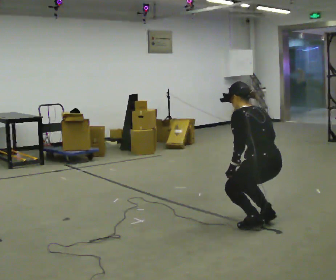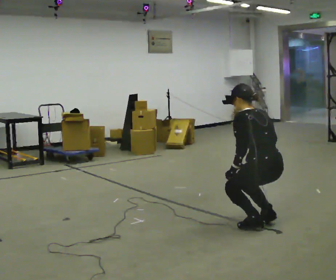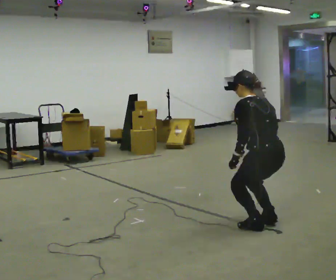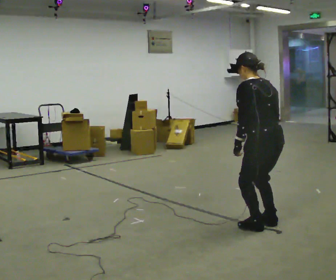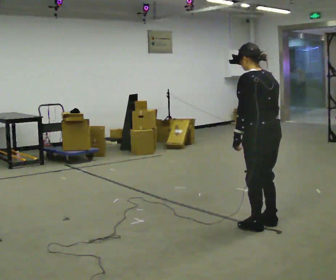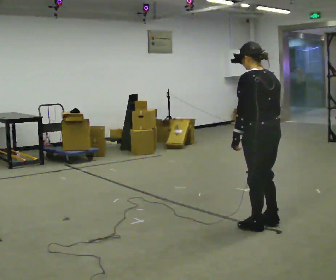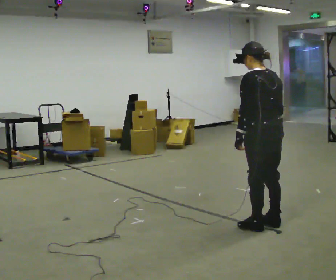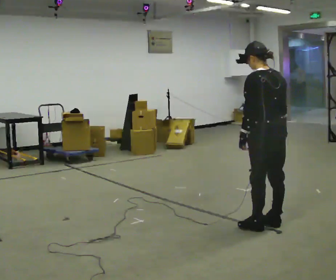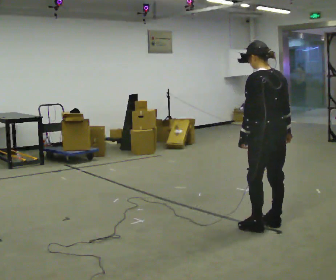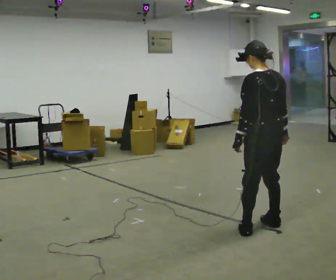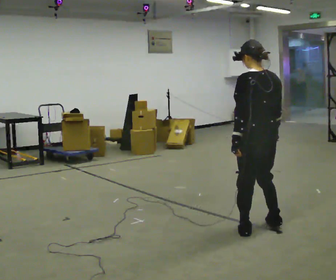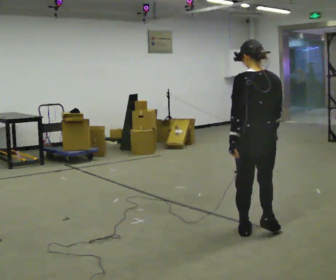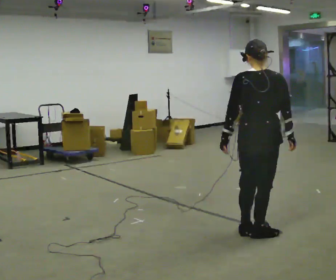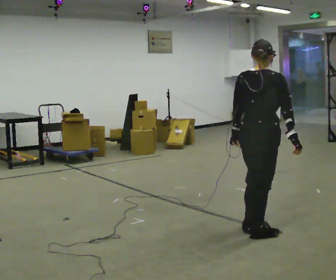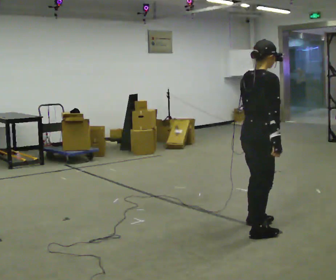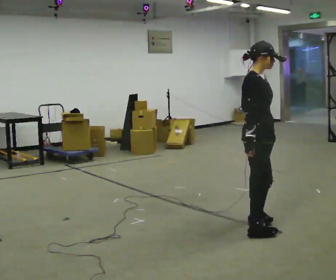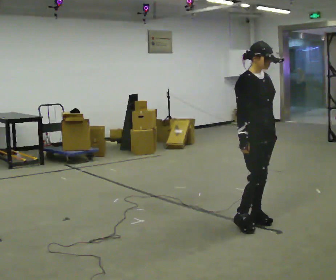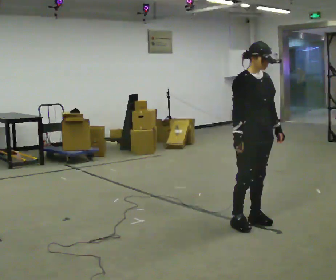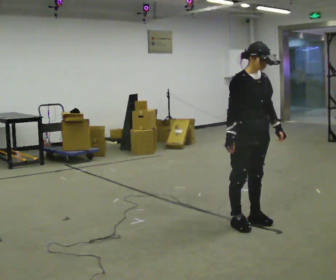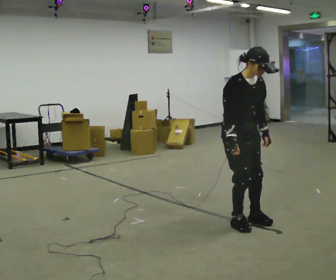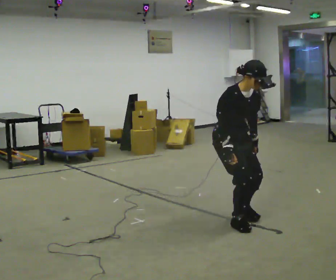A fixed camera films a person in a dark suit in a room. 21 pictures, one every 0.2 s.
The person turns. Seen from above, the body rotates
clockwise.
The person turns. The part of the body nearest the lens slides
to the left.
0.0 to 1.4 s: The shoulders move upward. In the picture the upper body tilts clockwise, shoulders to the right, as they lean back or straighten.
1.4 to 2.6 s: The part of the body nearest the lens slides to the left as the person turns to their right by about 60 degrees. In the picture they go toward the camera, about 0.25 m in 1 step.
2.6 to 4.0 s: Seen from above the body turns clockwise, about 120 degrees: to their right, with its near side sliding to the left. In the picture they go away from the camera and to the left, about 0.5 m in 3 steps. The upper body tips toward the camera, its near side rolling downward, as they bend forward.
The film runs backward here.
